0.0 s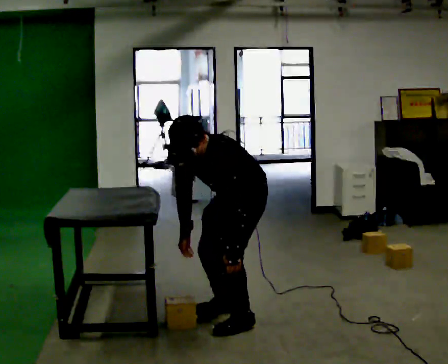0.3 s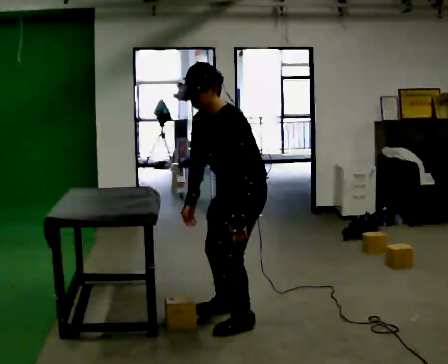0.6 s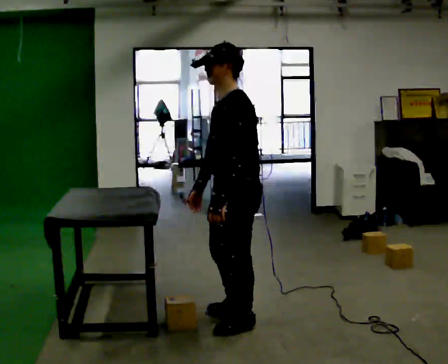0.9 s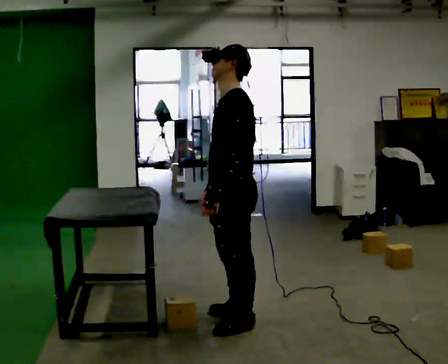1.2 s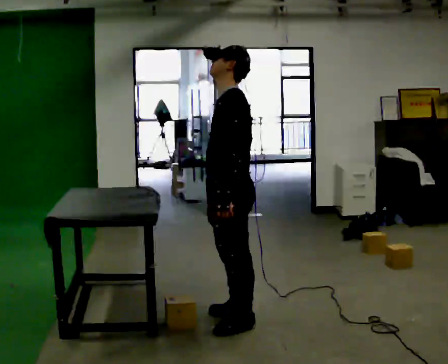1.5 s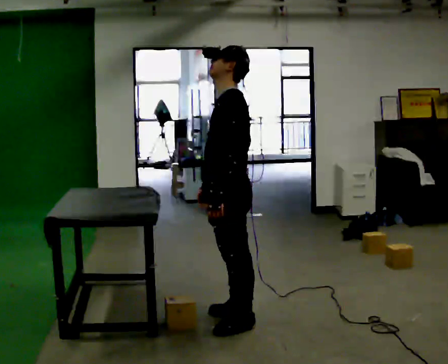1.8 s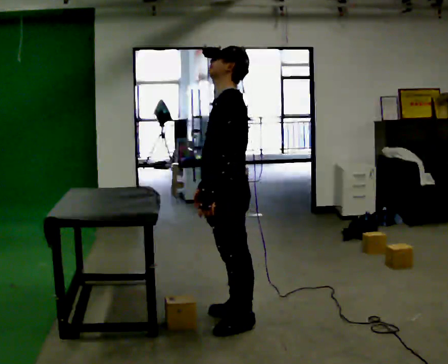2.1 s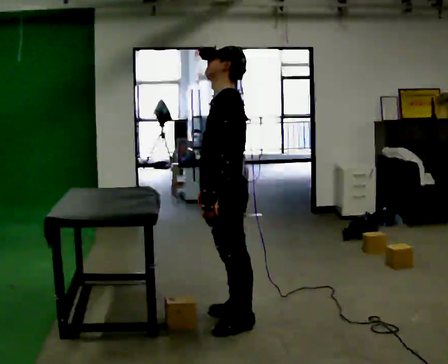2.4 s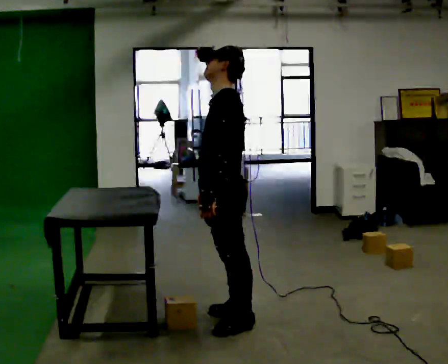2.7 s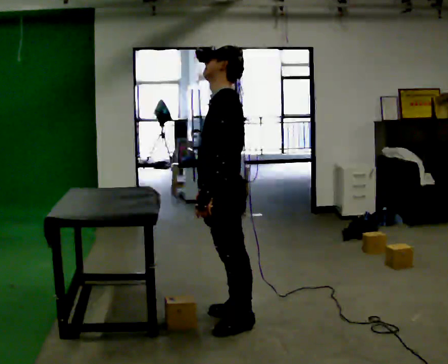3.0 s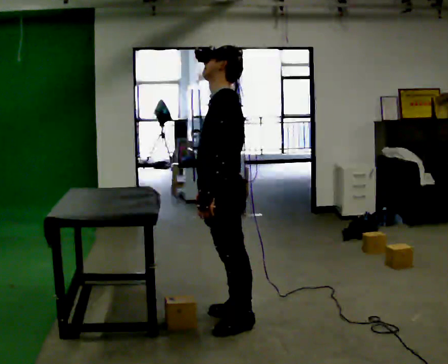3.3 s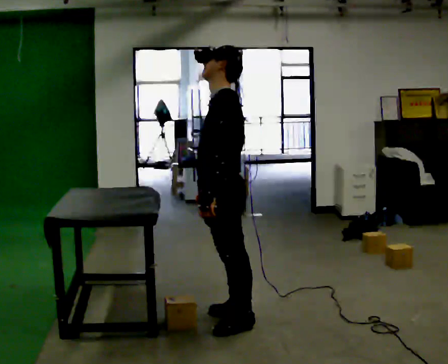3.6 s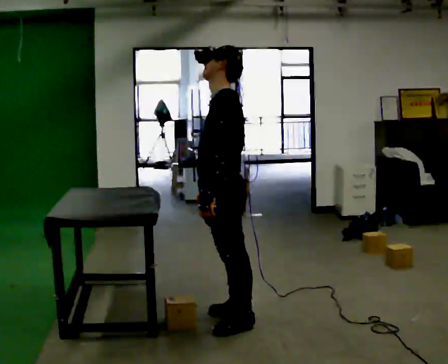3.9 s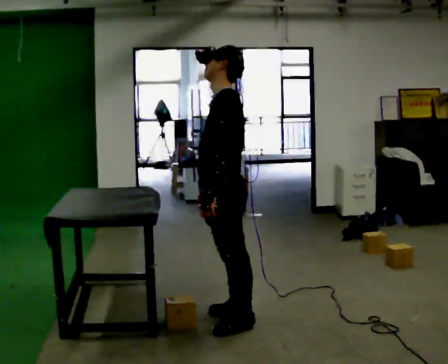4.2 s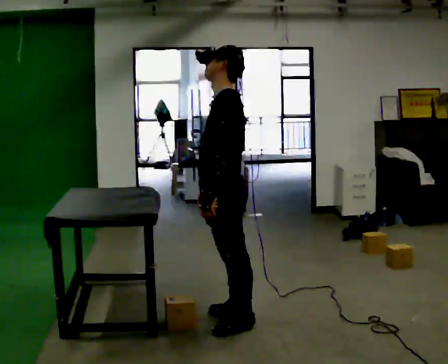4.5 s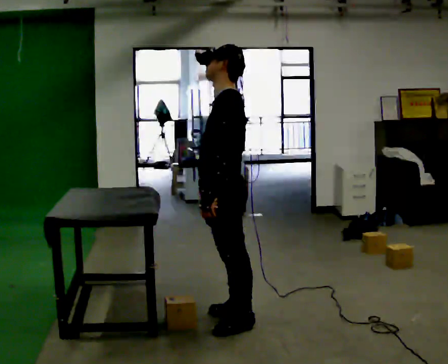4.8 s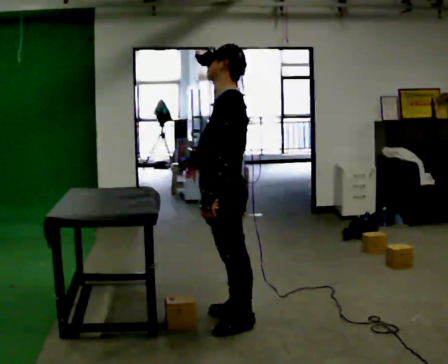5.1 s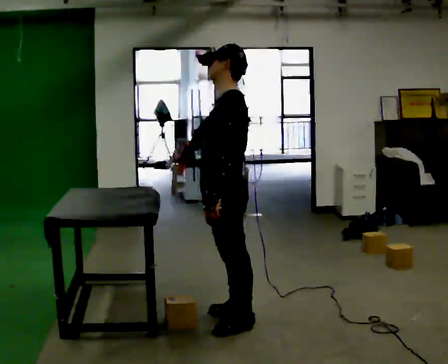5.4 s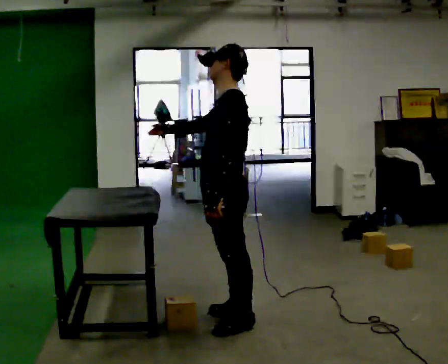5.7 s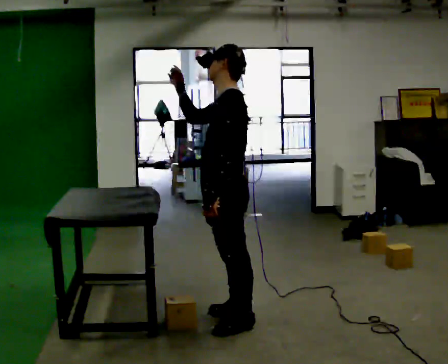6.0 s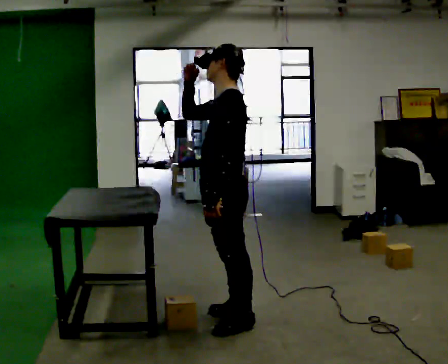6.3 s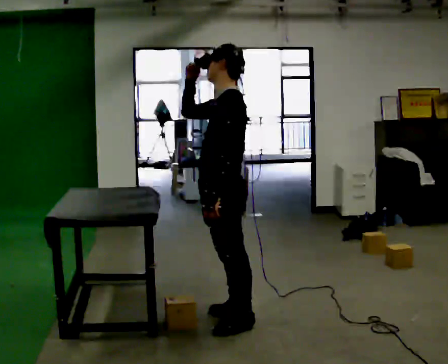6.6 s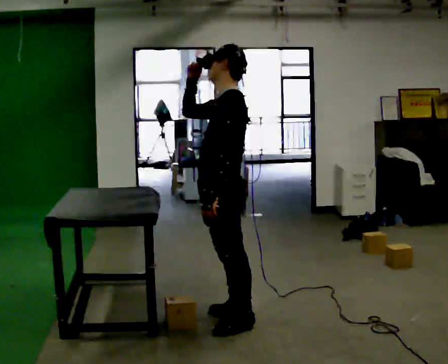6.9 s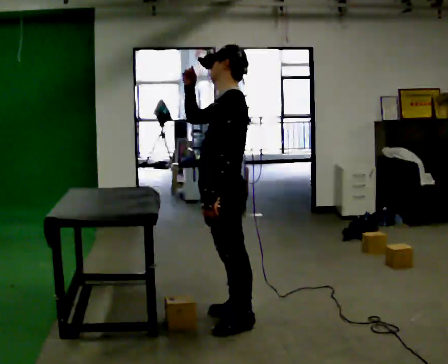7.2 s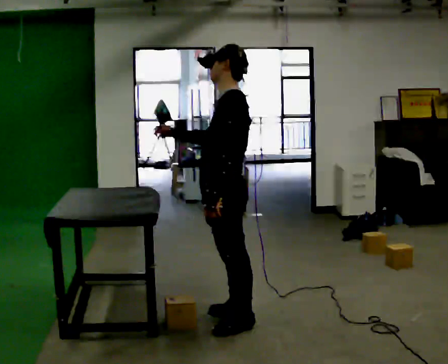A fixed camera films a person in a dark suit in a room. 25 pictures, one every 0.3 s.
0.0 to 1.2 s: The part of the body nearest the lens slides to the left as the person turns to their right by about 30 degrees. The shoulders move upward. In the picture the upper body tilts clockwise, shoulders to the right, as they lean back or straighten.
1.2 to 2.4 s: The person moves a little, or ends about where they began.
2.4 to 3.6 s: The person keeps their place and pose.
3.6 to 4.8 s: The person moves a little, or ends about where they began.
4.8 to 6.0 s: In the picture their right hand goes upward.
6.0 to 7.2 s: In the picture their right hand goes downward.
The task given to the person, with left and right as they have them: Carry the object across the room and place it on the lowest shelf, crouching down to do it. Keep going until the operator says stop; one object at a time, and do not rush between trips.
The film runs forward here.
